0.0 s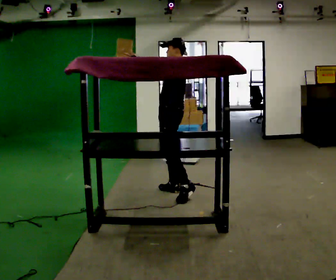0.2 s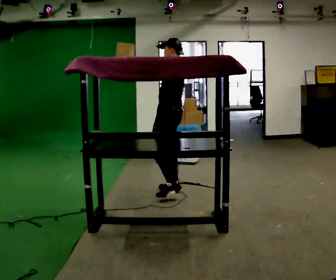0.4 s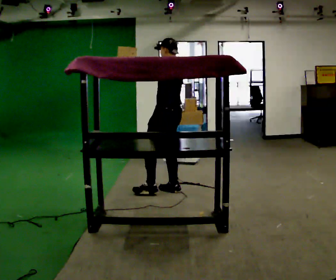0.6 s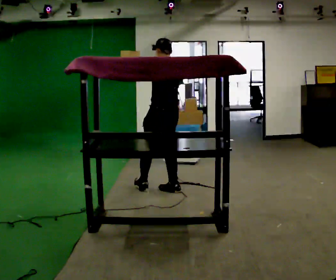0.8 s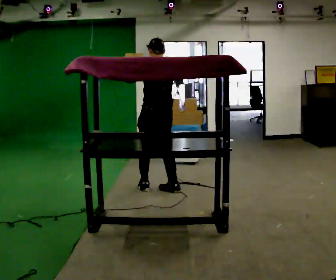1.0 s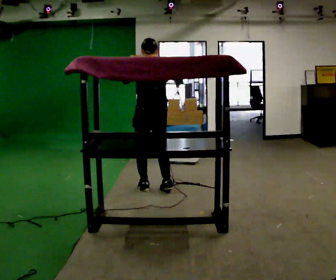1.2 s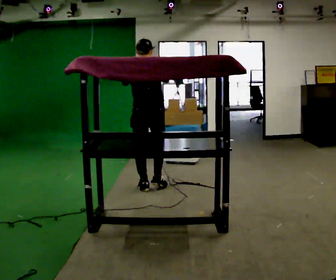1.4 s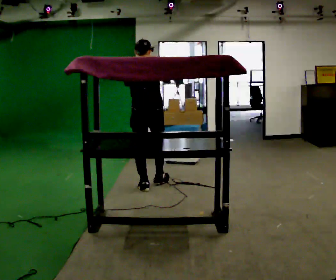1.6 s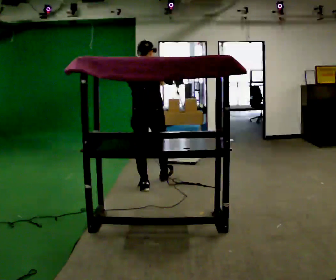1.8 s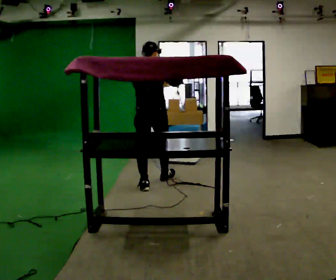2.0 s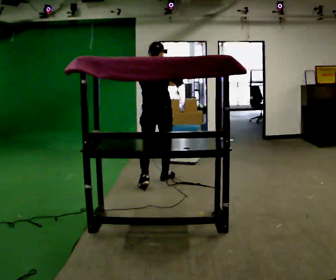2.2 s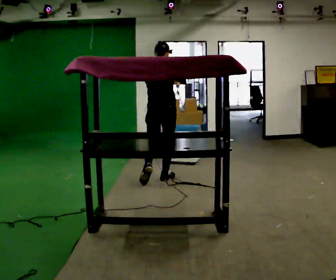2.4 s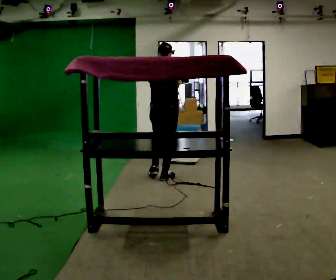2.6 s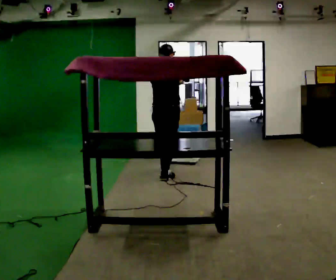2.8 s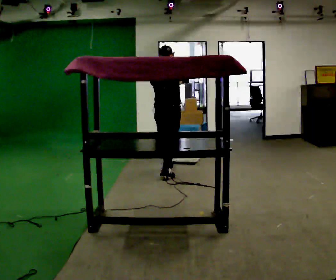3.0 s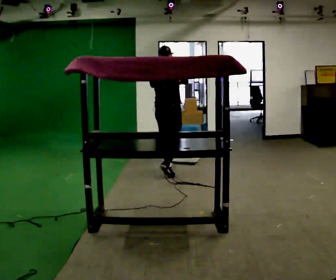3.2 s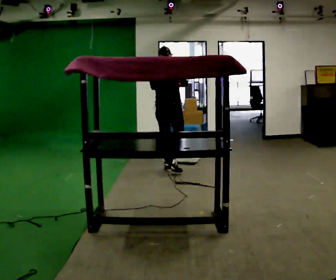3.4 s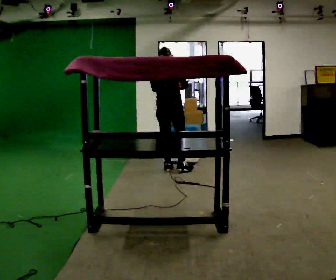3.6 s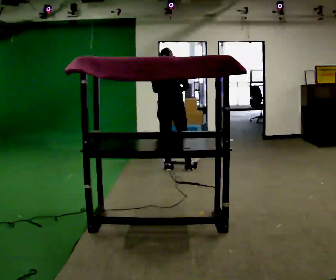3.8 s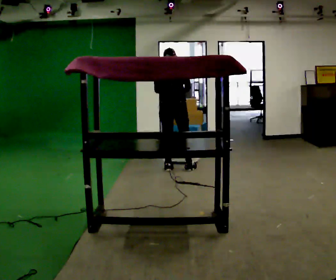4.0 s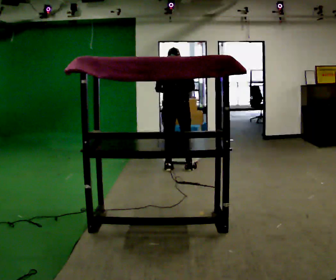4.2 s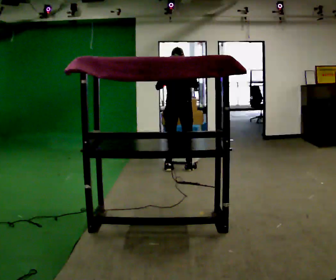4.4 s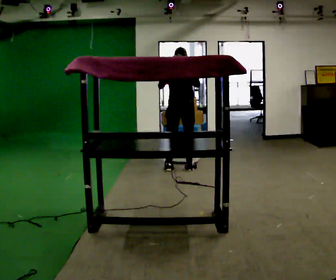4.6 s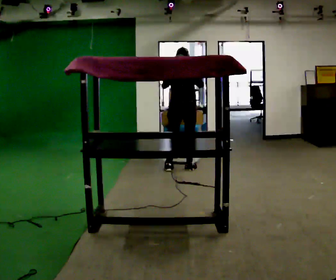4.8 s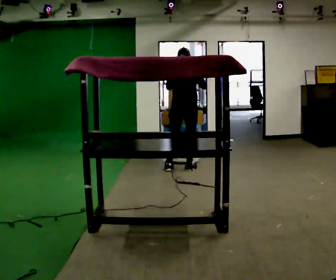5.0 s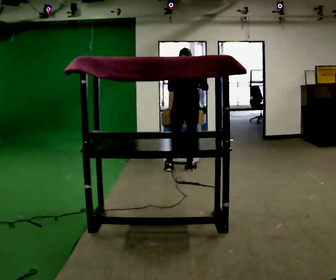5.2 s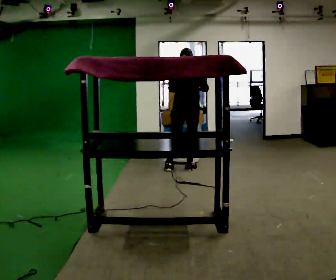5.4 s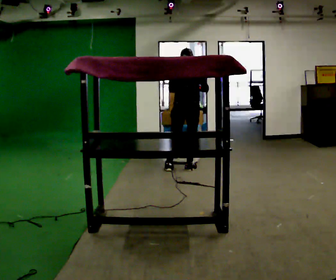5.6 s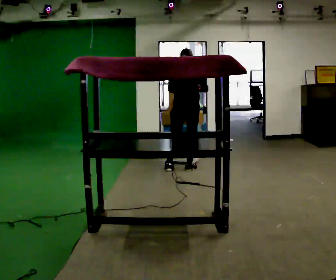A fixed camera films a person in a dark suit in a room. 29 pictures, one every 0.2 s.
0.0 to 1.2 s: Seen from above the body turns clockwise, about 90 degrees: to their right, with its near side sliding to the left. In the picture they go to the left, about 0.25 m in 1 step.
1.2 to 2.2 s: In the picture they go away from the camera and to the right, about 0.5 m in 1 step, which for them is forward.
2.2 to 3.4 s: In the picture they go away from the camera, about 0.5 m in 1 step, which for them is forward.
3.4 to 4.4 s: In the picture they go to the right, about 0.25 m in 1 step, which for them is to their right.
4.4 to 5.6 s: The person moves a little, or ends about where they began.
The film runs forward here.
